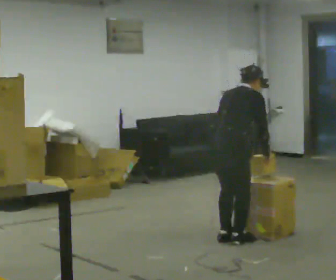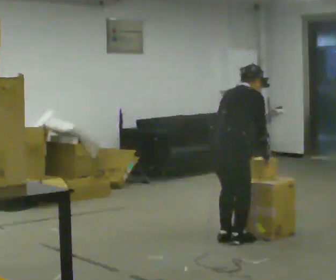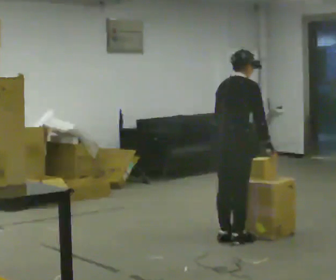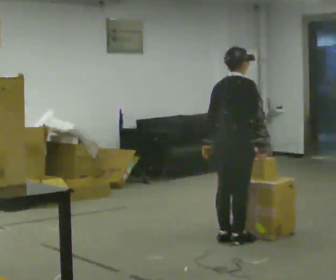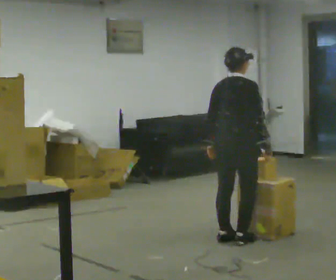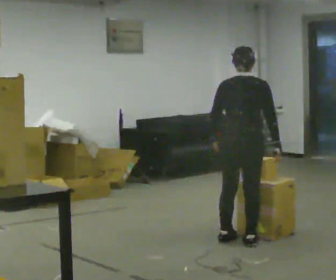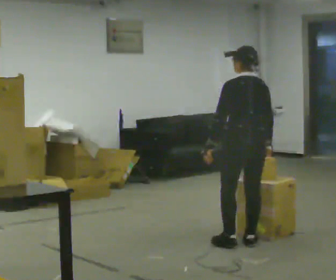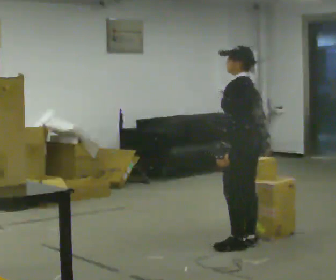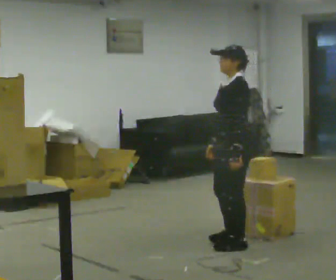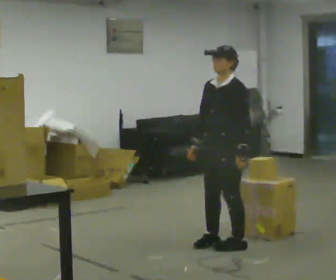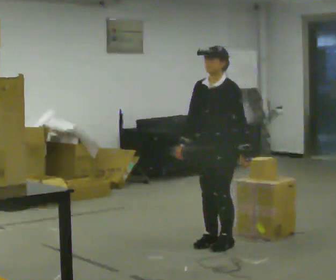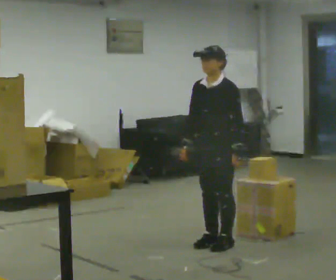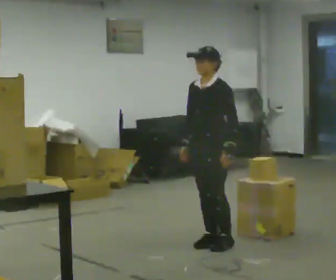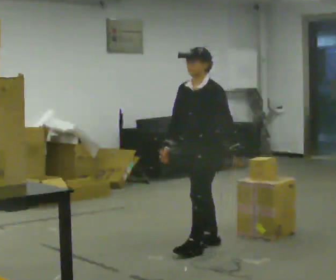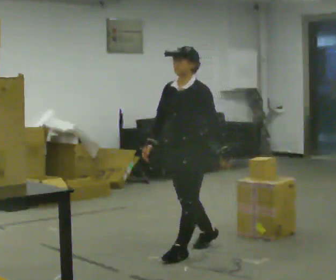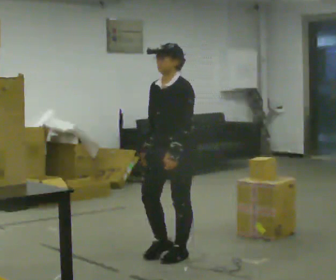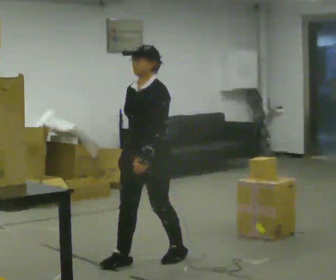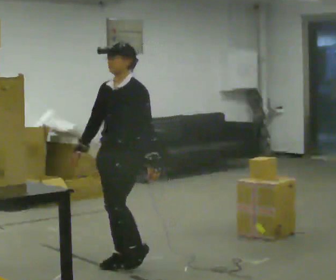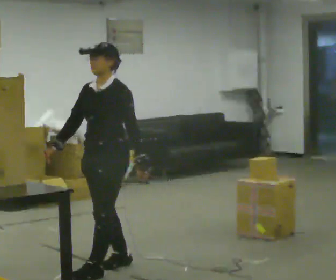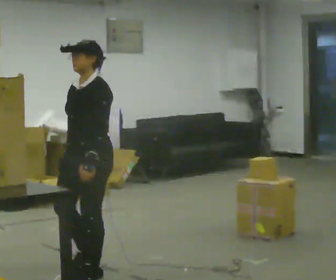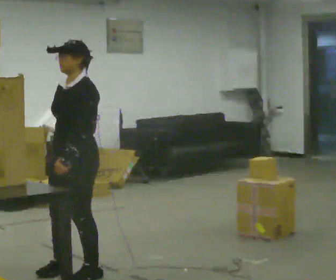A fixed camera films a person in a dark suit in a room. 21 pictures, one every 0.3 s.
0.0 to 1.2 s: The upper body tips toward the camera, its near side rolling downward, as they lean back or straighten.
1.2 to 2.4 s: The part of the body nearest the lens slides to the right as the person turns to their left by about 135 degrees. In the picture they go toward the camera, about 0.25 m in 1 step.
2.4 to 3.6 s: The part of the body nearest the lens slides to the right as the person turns to their left by about 30 degrees. In the picture they go to the left, about 0.25 m in 1 step, which for them is to their right.
3.6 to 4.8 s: In the picture they go toward the camera and to the left, about 0.75 m in 2 steps, which for them is forward.
4.8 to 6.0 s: In the picture they go to the left and toward the camera, about 0.5 m in 2 steps, which for them is forward.
The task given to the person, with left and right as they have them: Take an object down from the highest shelf you can comfortably reach, carry it across, and place it on the waist-height shelf. Keep going until the operator says stop; one object at a time, and do not rush between trips.
The film runs forward here.
